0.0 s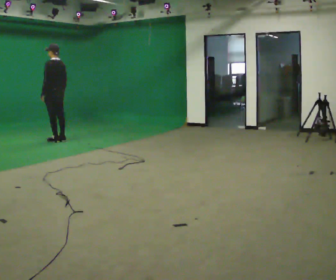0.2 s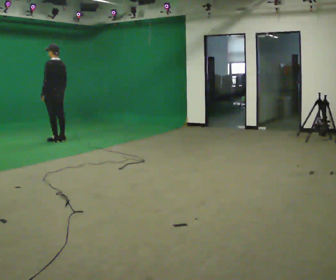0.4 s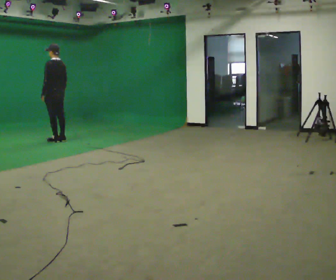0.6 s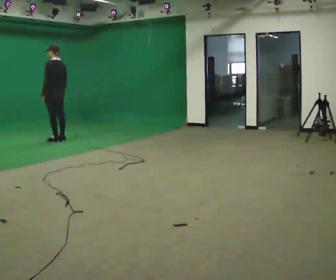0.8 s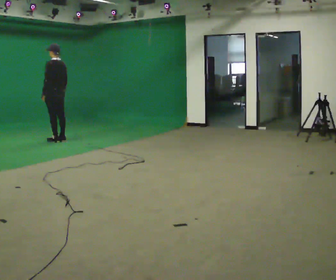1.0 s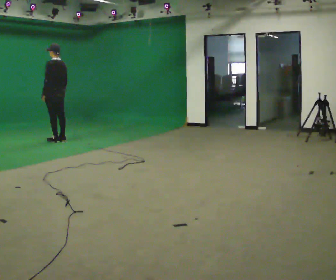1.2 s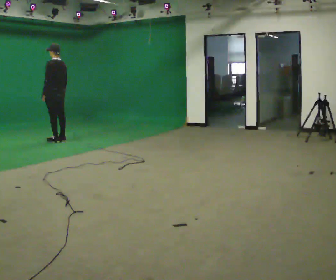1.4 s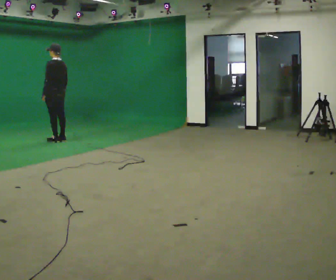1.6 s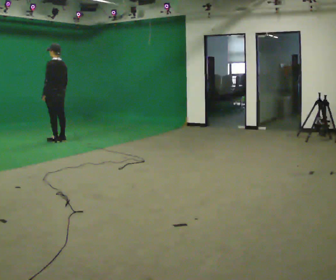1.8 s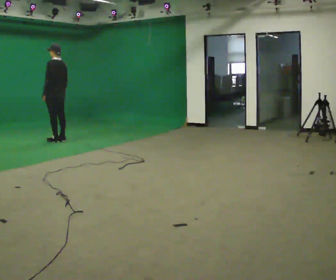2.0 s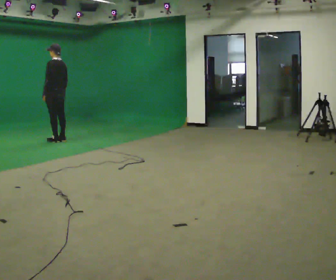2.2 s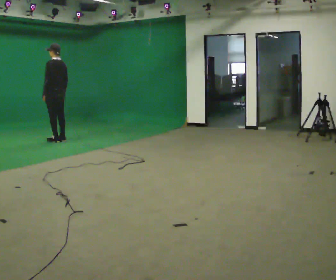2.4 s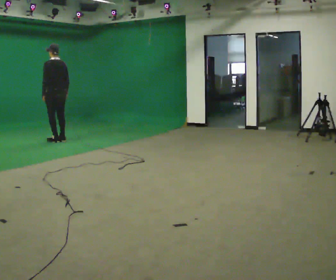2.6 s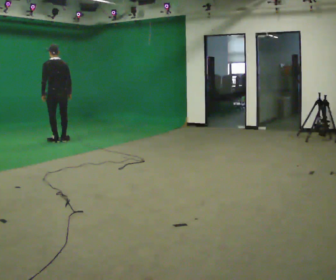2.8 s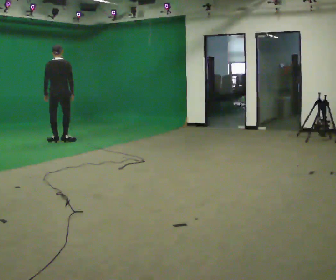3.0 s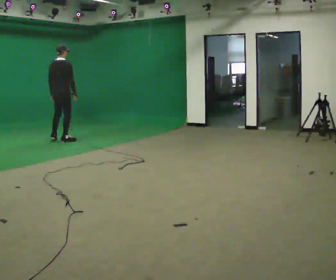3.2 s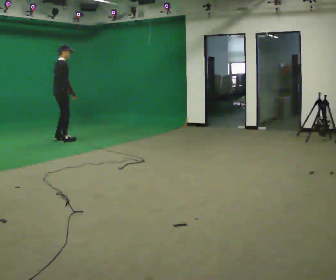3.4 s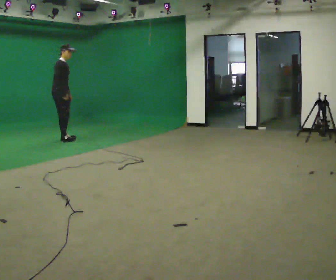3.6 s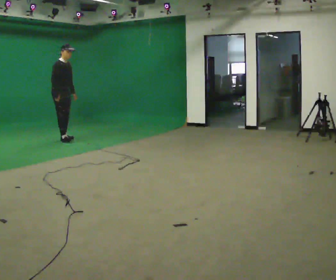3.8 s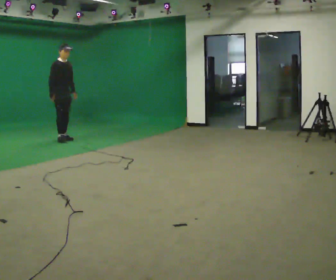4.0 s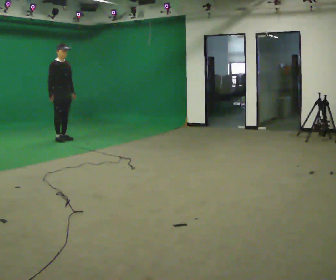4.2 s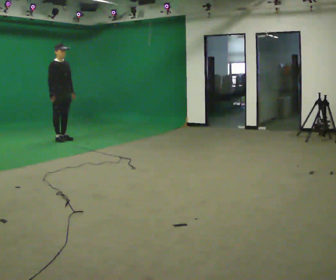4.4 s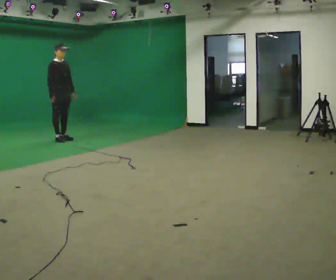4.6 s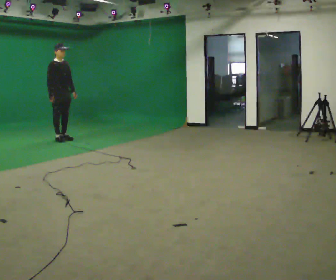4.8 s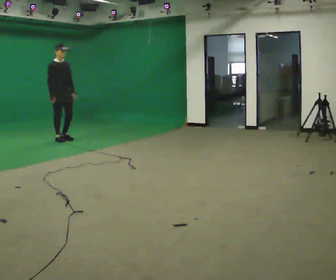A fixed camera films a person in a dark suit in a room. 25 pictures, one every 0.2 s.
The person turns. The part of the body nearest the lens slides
to the left.
The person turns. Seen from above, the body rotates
clockwise.
0.0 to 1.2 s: The person keeps their place and pose.
1.2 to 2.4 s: The person moves a little, or ends about where they began.
2.4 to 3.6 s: The person turns about 165 degrees to their right, clockwise seen from above, so the part of the body nearest the lens slides to the left. In the picture they go away from the camera, about 0.25 m in 1 step. In the picture their left hand goes to the right, the arm swinging counterclockwise.
3.6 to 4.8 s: The person moves a little, or ends about where they began.
The film runs forward here.
